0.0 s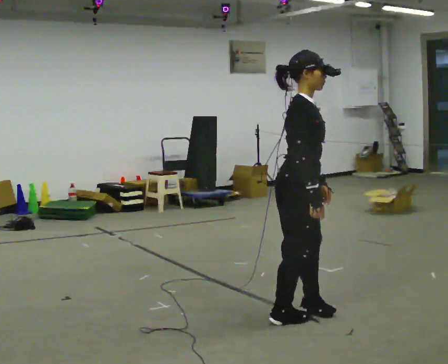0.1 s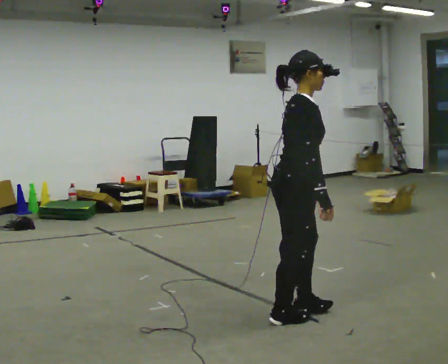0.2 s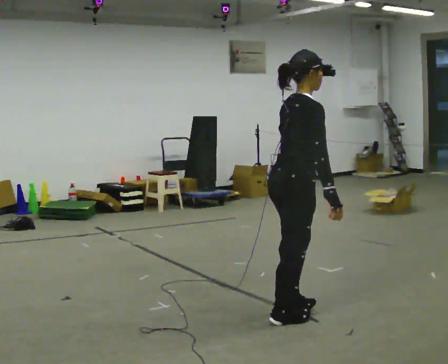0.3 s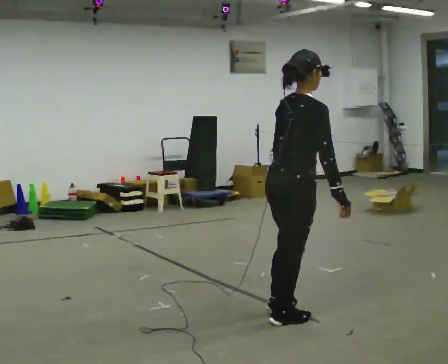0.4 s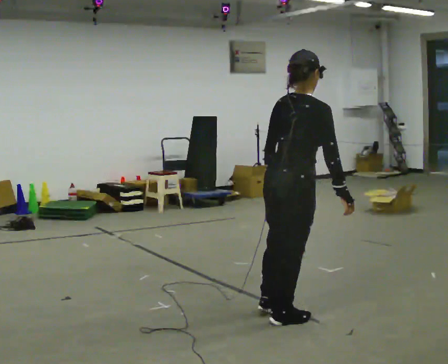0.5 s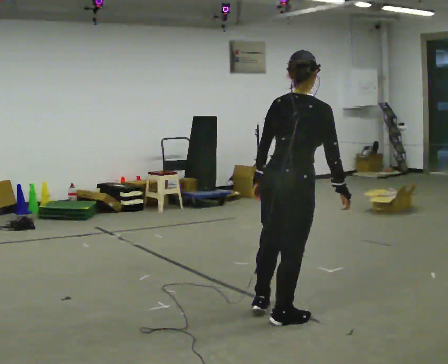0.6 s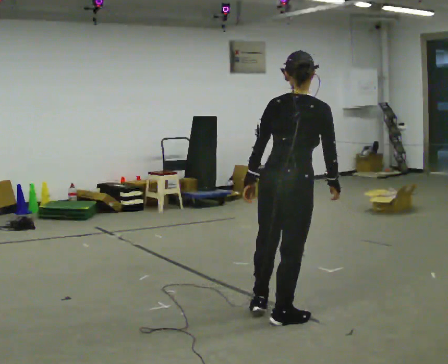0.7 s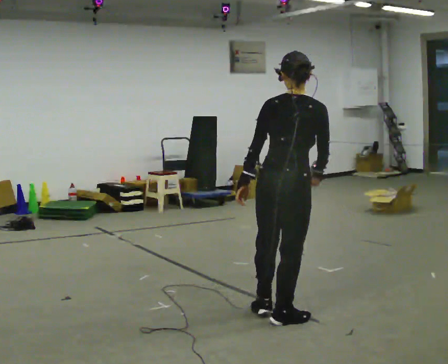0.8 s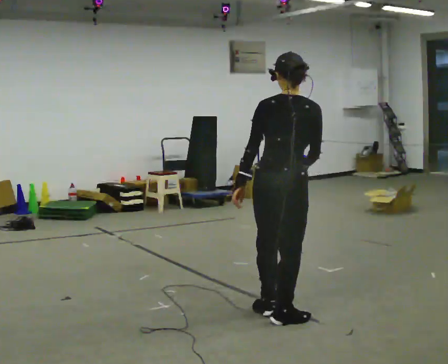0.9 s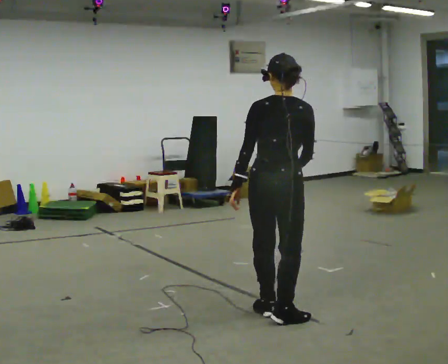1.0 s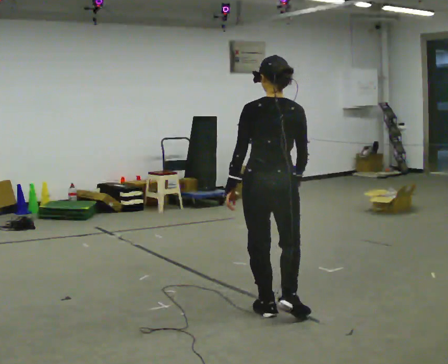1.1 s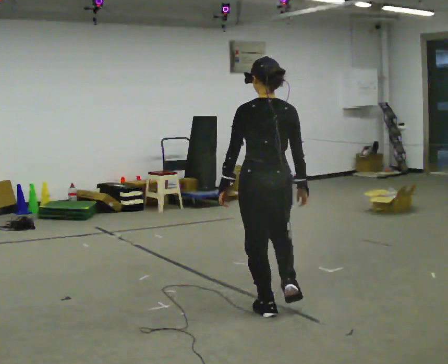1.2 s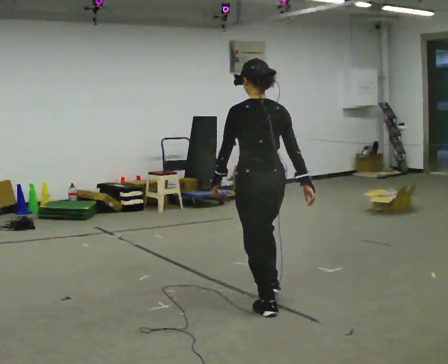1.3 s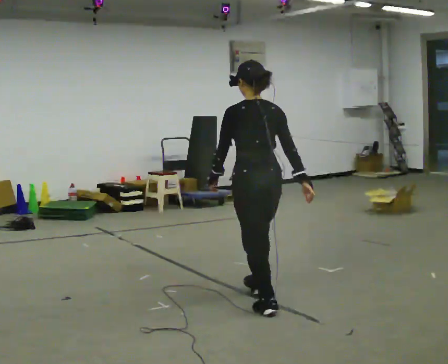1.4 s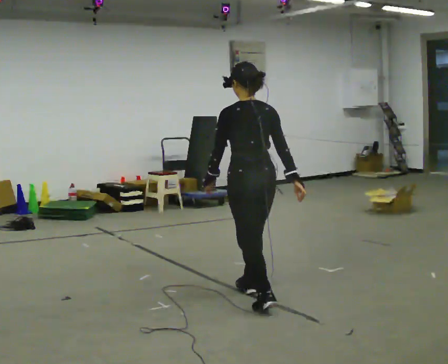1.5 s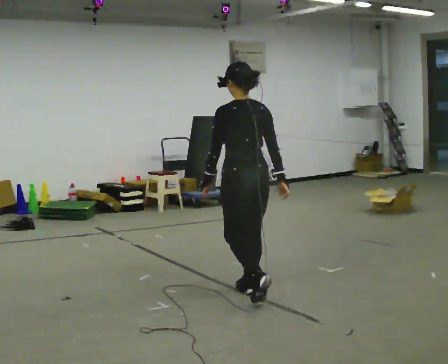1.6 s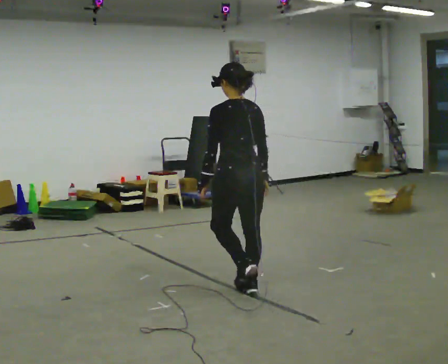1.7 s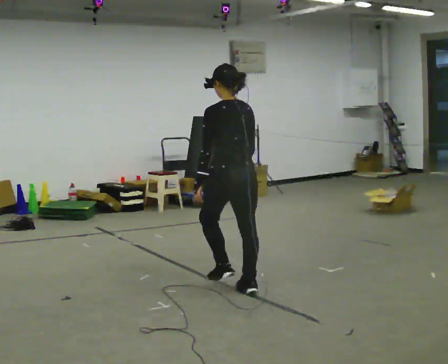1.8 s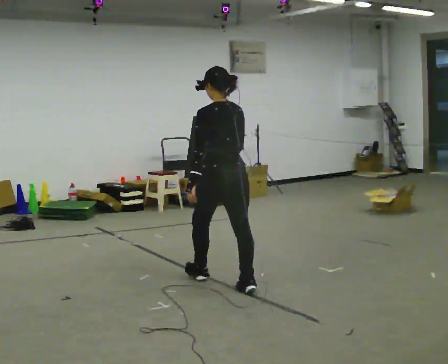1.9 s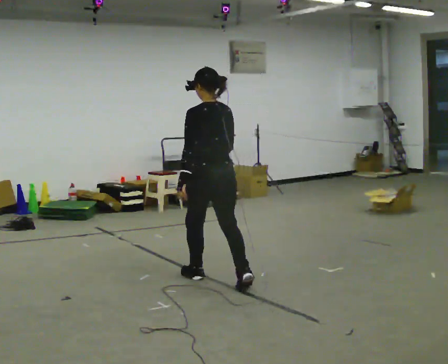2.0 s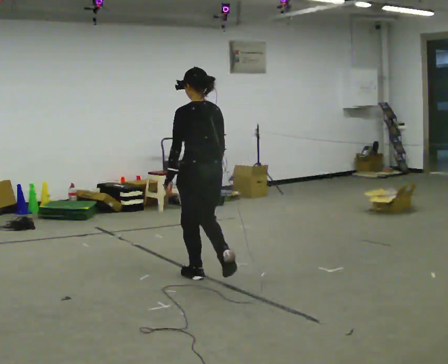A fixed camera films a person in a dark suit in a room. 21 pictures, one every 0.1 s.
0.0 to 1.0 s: The part of the body nearest the lens slides to the right as the person turns to their left by about 90 degrees.
1.0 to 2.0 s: The person turns about 30 degrees to their left, counterclockwise seen from above, so the part of the body nearest the lens slides to the right. In the picture they go away from the camera and to the left, about 1 m in 2 steps, which for them is forward.
The film runs forward here.
